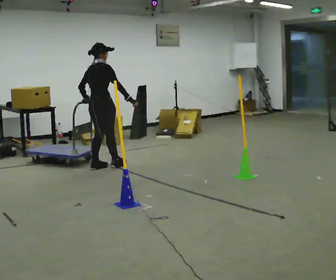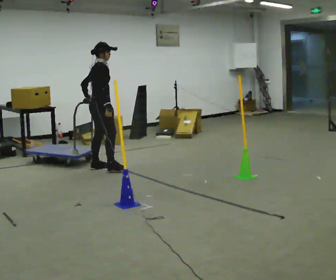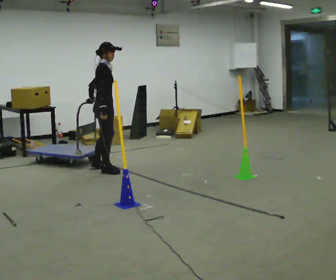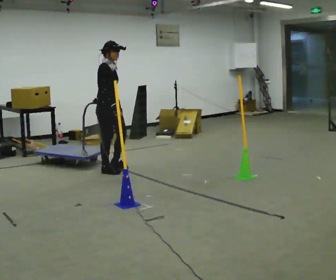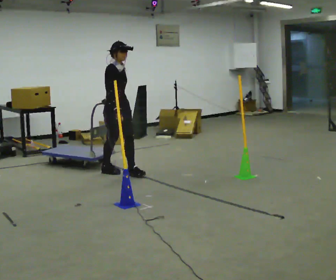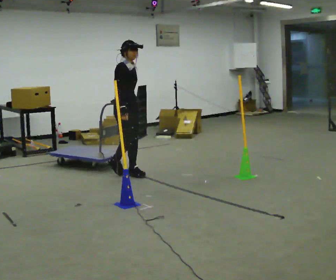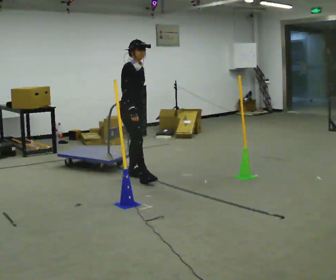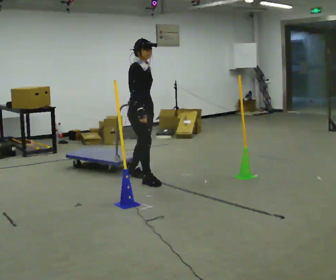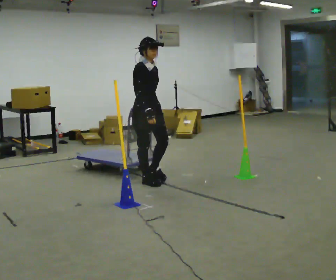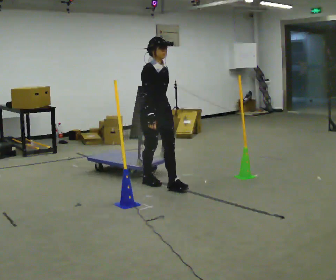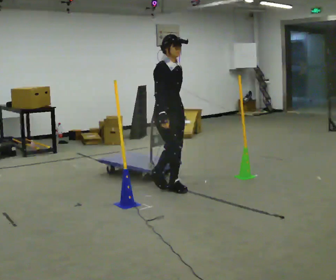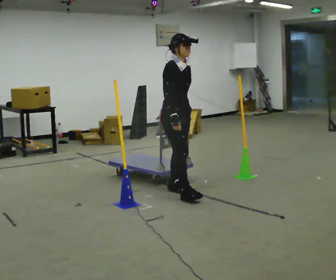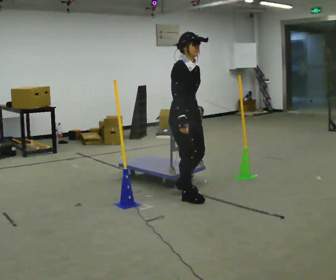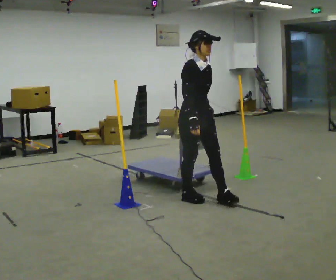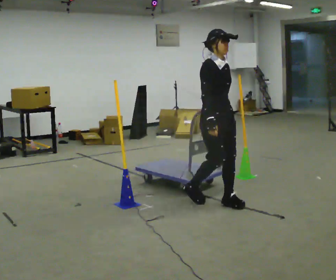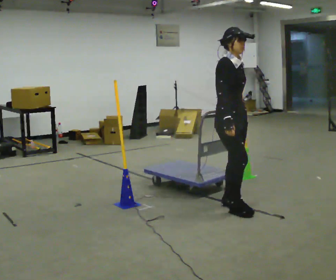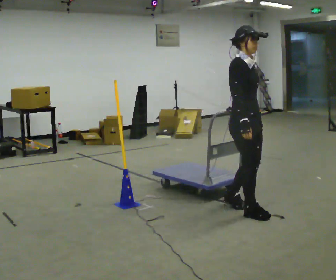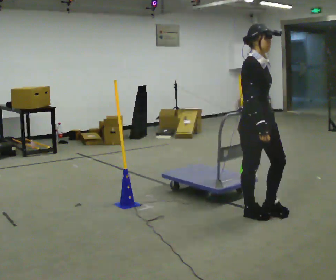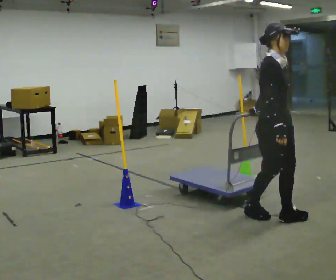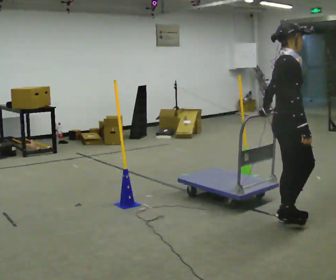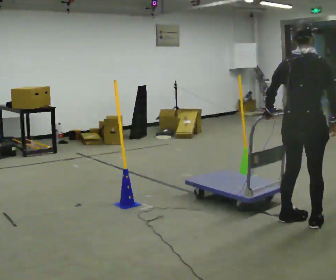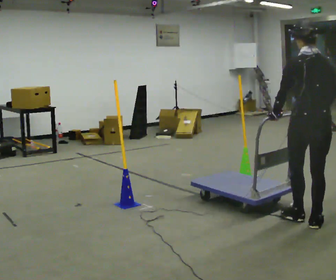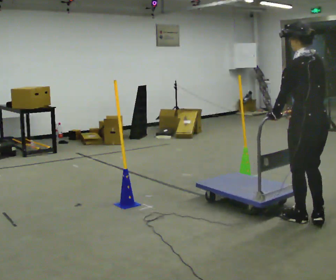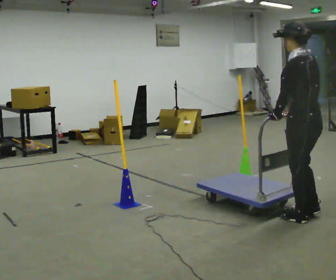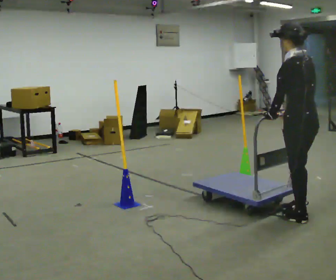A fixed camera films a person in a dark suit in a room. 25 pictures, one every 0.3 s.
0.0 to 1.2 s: The person turns about 75 degrees to their right, clockwise seen from above, so the part of the body nearest the lens slides to the left. In the picture they go to the right and toward the camera, about 0.5 m in 2 steps.
1.2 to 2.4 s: In the picture they go toward the camera and to the right, about 0.5 m in 1 step, which for them is forward.
2.4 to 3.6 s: In the picture they go toward the camera and to the right, about 0.75 m in 2 steps, which for them is forward.
3.6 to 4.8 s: In the picture they go to the right and toward the camera, about 0.5 m in 2 steps, which for them is forward.
4.8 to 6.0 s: The person turns about 90 degrees to their left, counterclockwise seen from above, so the part of the body nearest the lens slides to the right. In the picture they go to the right and toward the camera, about 0.5 m in 2 steps.
6.0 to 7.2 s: The part of the body nearest the lens slides to the right as the person turns to their left by about 60 degrees. In the picture they go away from the camera, about 0.25 m in 2 steps. In the picture their right hand goes to the left.
The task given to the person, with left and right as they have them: Push the cart through the gap between the poles without touching them, then bring it back through.
The film runs forward here.
